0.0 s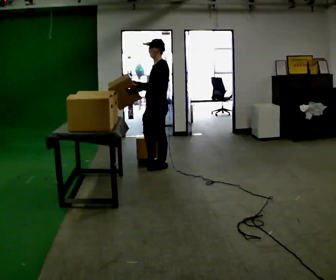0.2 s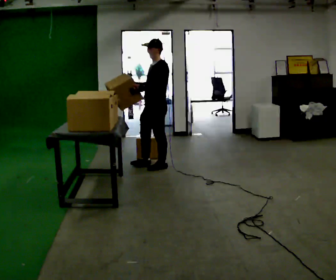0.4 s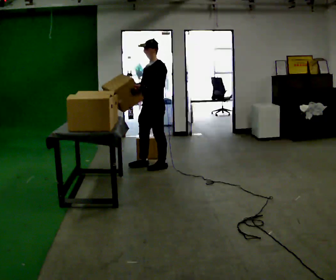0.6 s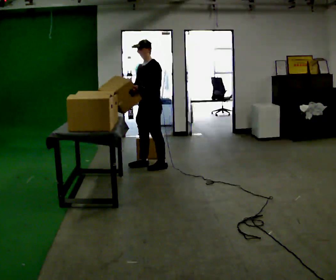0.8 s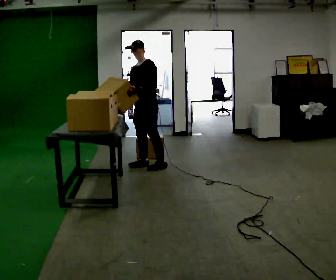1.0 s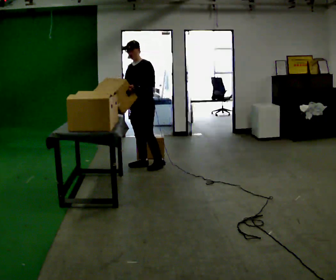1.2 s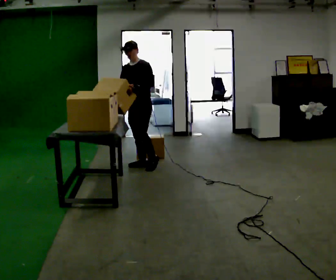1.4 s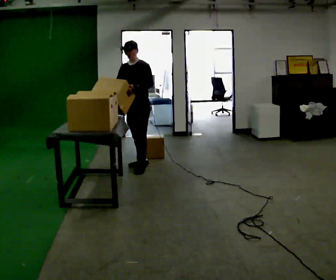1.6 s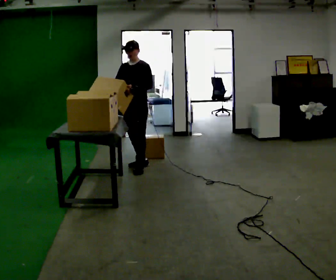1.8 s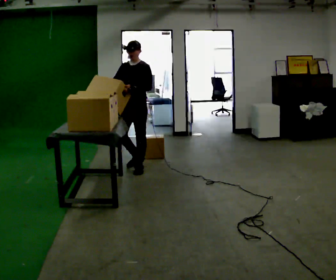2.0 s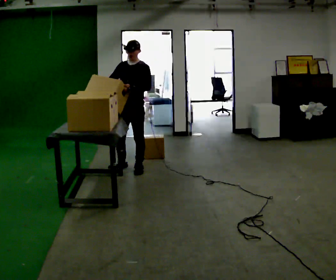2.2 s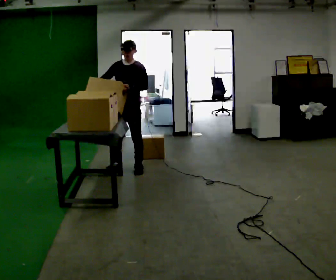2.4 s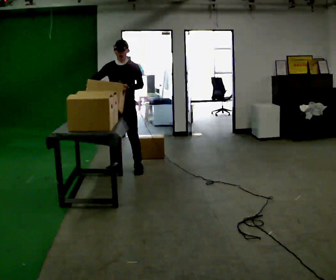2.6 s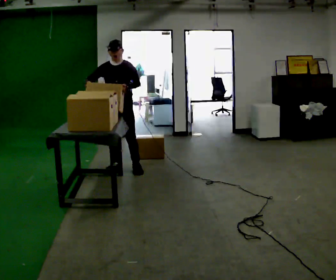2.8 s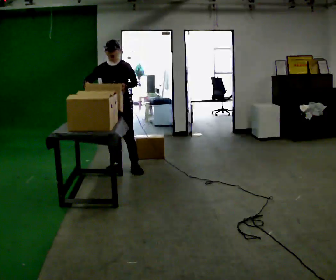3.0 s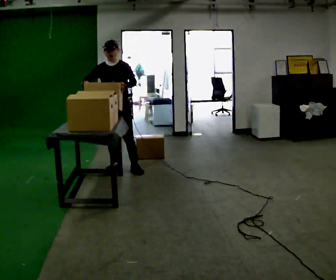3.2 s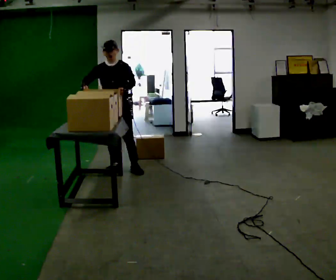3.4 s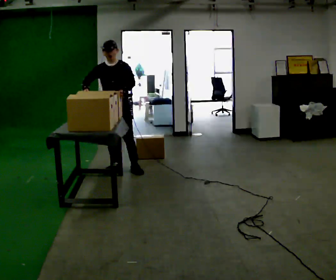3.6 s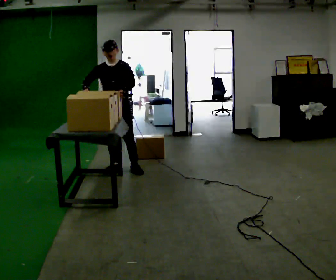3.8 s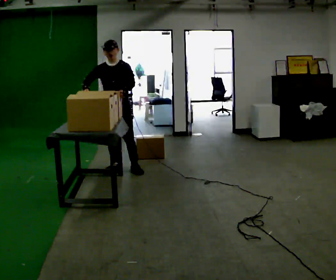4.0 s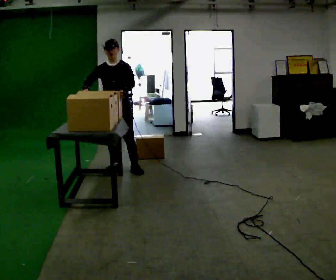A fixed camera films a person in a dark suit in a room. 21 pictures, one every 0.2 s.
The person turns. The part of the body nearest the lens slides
to the right.
The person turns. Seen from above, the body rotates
counterclockwise.
0.0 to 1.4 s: The part of the body nearest the lens slides to the right as the person turns to their left by about 45 degrees. In the picture they go to the left, about 0.25 m in 1 step, which for them is to their right and forward.
1.4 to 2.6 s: The part of the body nearest the lens slides to the right as the person turns to their left by about 30 degrees. In the picture they go to the left, about 0.25 m in 2 steps, which for them is forward and to their right.
2.6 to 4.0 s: The person moves a little, or ends about where they began.
The film runs forward here.
